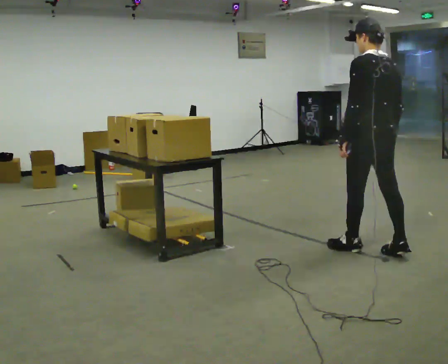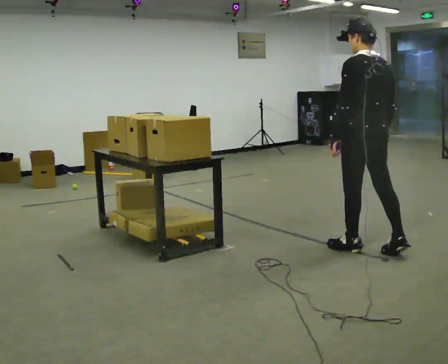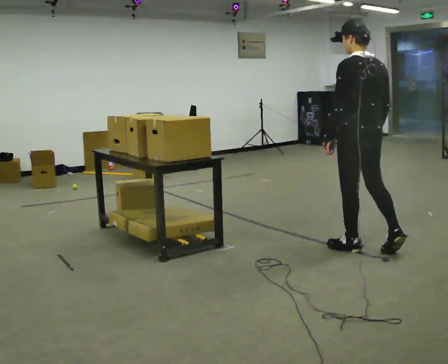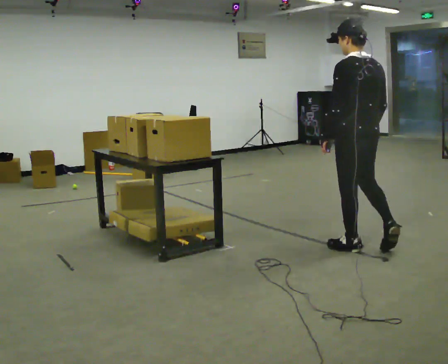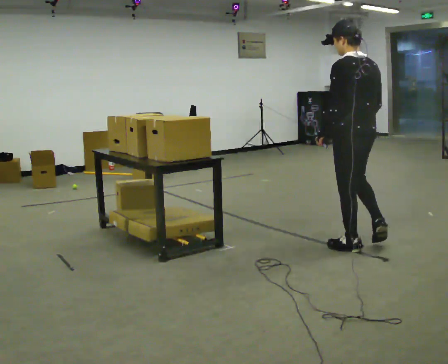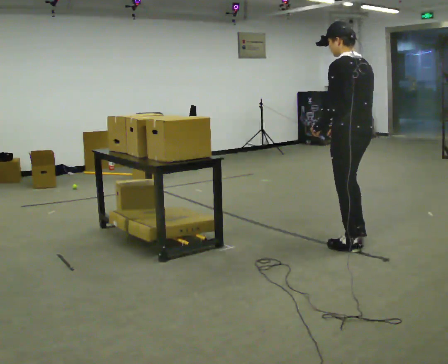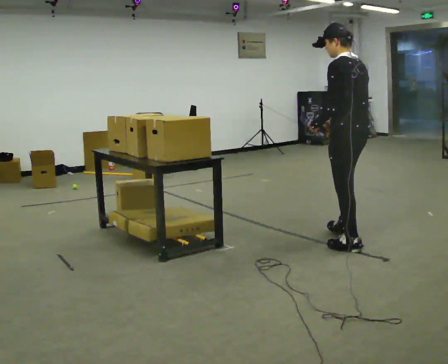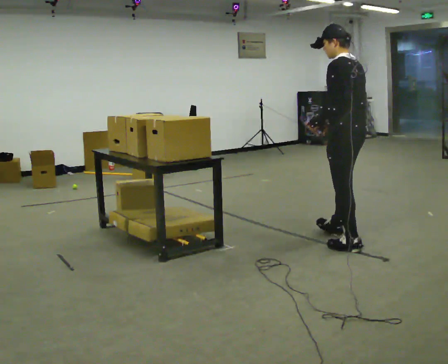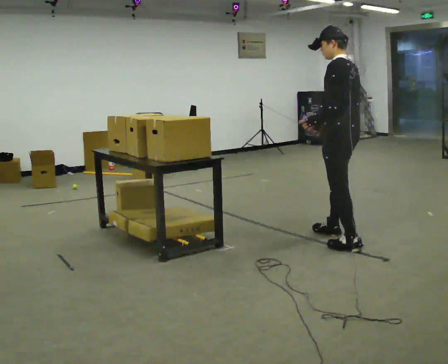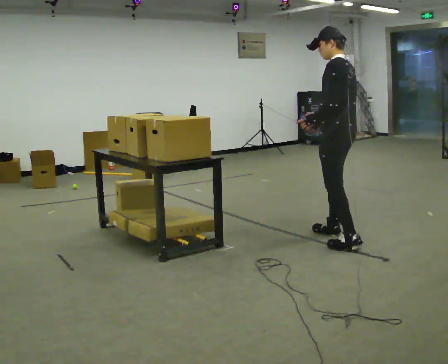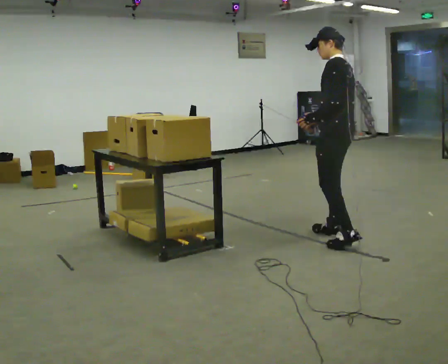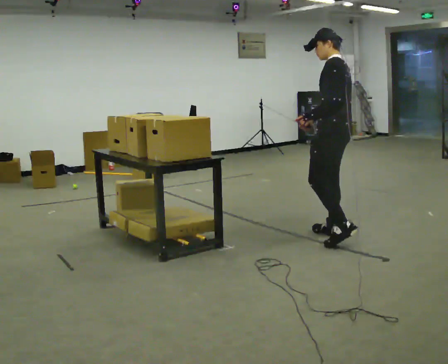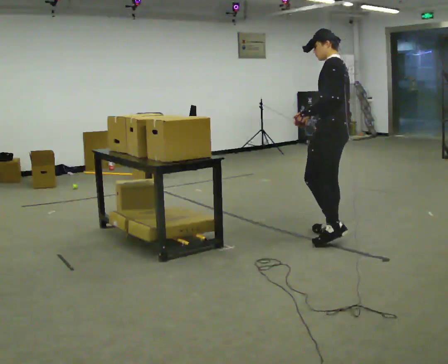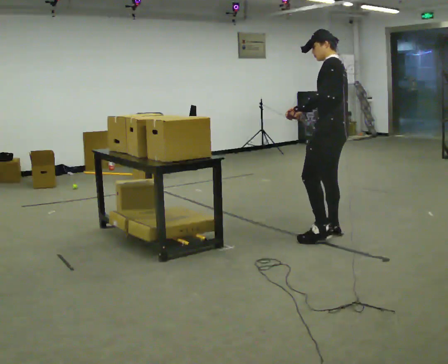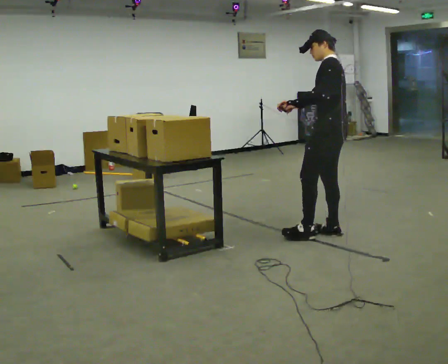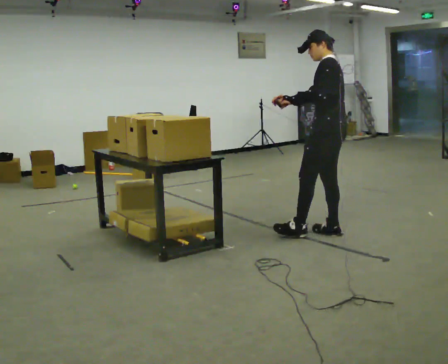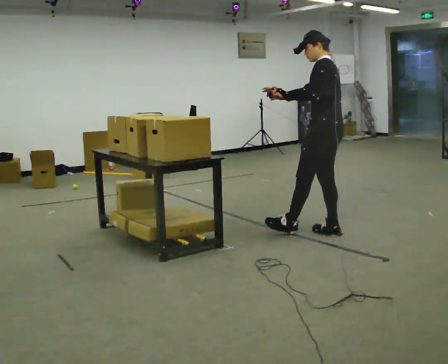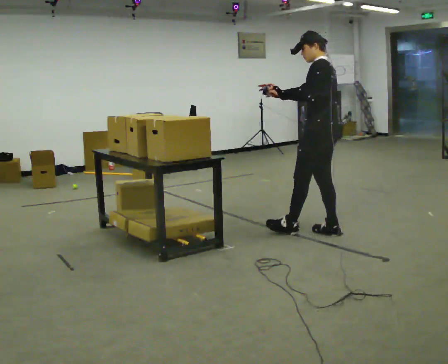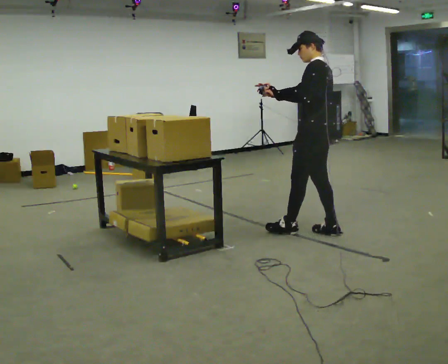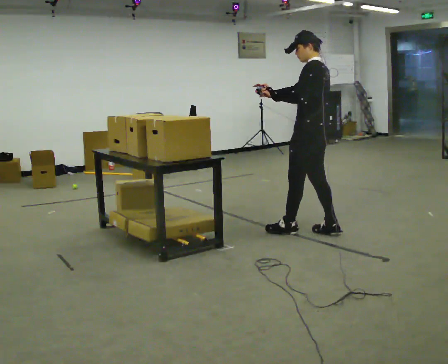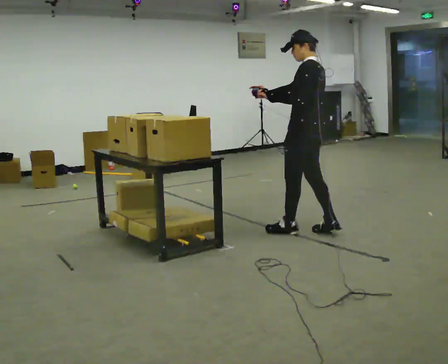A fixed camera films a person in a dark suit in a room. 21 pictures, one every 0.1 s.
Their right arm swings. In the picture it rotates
clockwise.
0.0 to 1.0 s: The person turns about 30 degrees to their left, counterclockwise seen from above, so the part of the body nearest the lens slides to the right. In the picture they go away from the camera and to the left, about 0.5 m in 1 step, which for them is forward.
1.0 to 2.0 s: In the picture they go to the left and away from the camera, about 0.25 m in 1 step, which for them is forward.
The film runs forward here.
